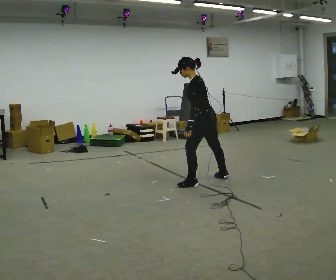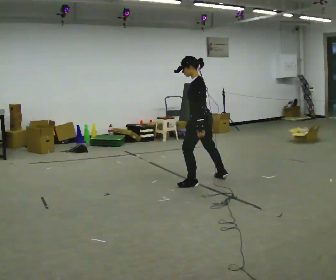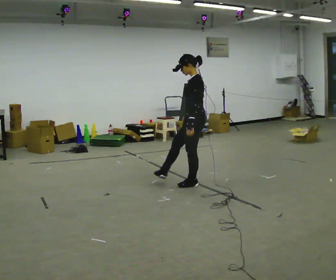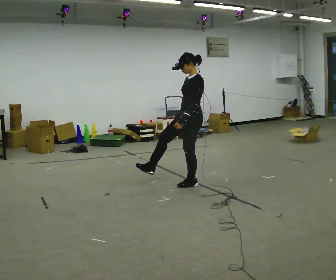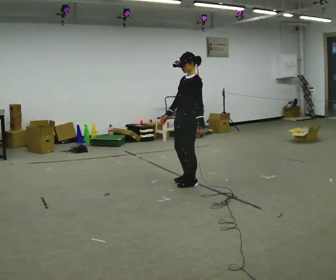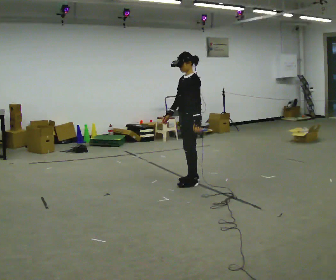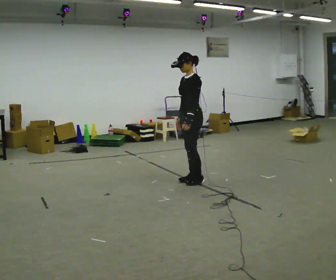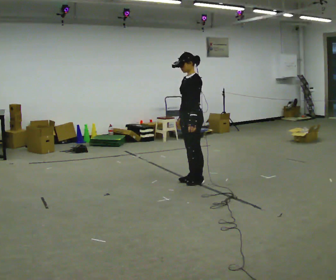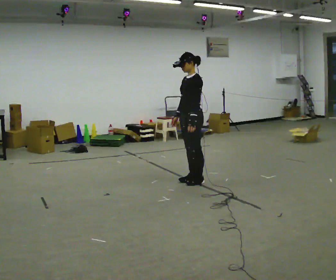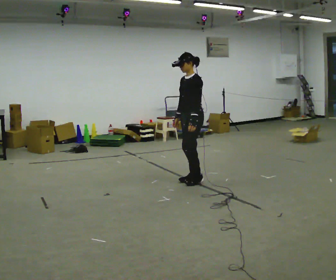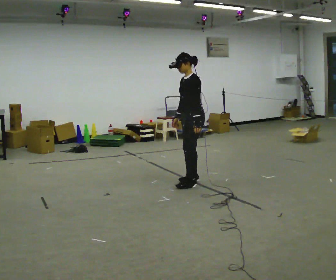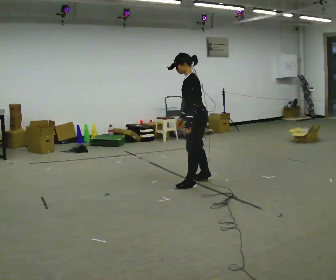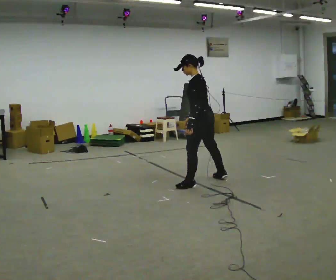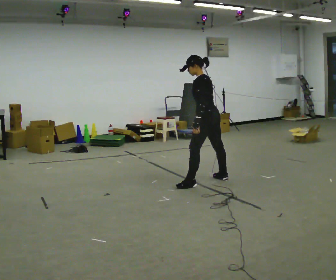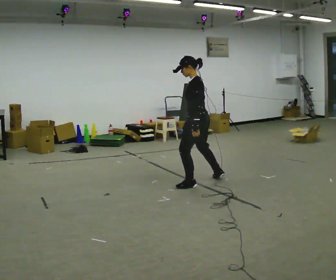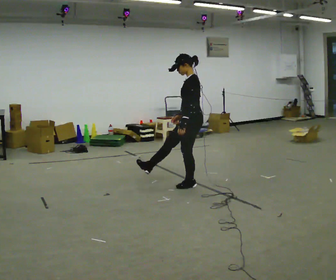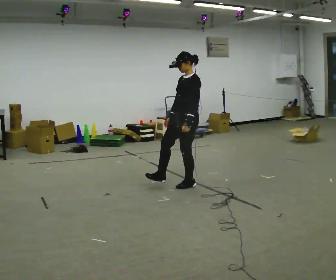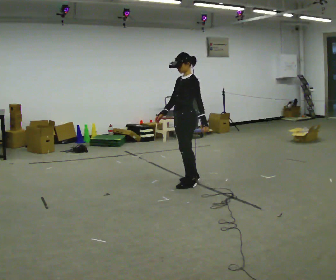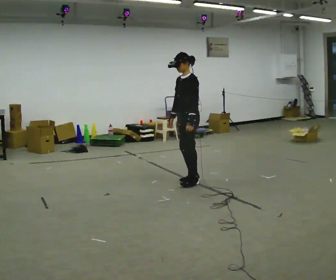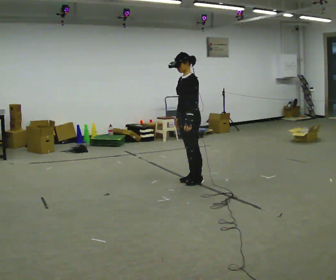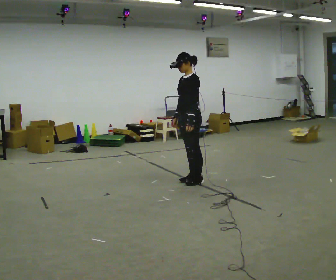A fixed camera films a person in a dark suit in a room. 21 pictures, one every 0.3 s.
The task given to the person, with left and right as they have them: Mime kicking a football with no ball: plant one foot and swing the other through. Repeat the movement at your own pace until the operator says stop; do not rush.
0.0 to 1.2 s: The person turns about 45 degrees to their left, counterclockwise seen from above, so the part of the body nearest the lens slides to the right. In the picture they go to the left, about 0.25 m, which for them is forward. In the picture the upper body tilts clockwise, shoulders to the right, as they lean back or straighten. In the picture their right hand goes to the left.
1.2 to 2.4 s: The person moves a little, or ends about where they began.
2.4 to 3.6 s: Seen from above the body turns clockwise, about 45 degrees: to their right, with its near side sliding to the left.
3.6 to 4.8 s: The part of the body nearest the lens slides to the right as the person turns to their left by about 45 degrees. In the picture they go to the left, about 0.25 m in 1 step, which for them is forward. In the picture the upper body tilts clockwise, shoulders to the right, as they lean back or straighten.
4.8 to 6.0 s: In the picture they go away from the camera, about 0.25 m in 2 steps.
The film runs forward here.
